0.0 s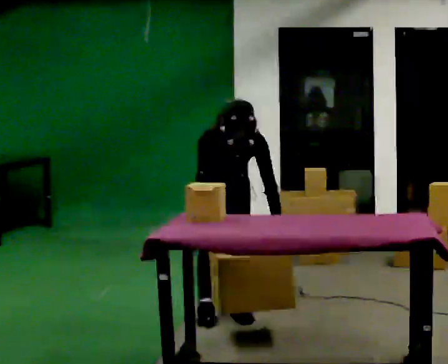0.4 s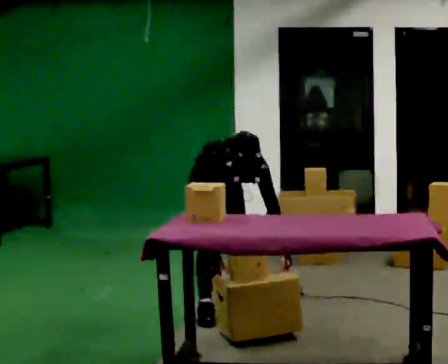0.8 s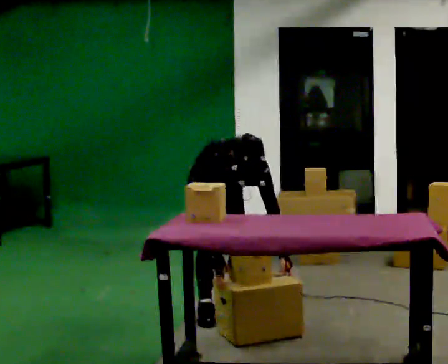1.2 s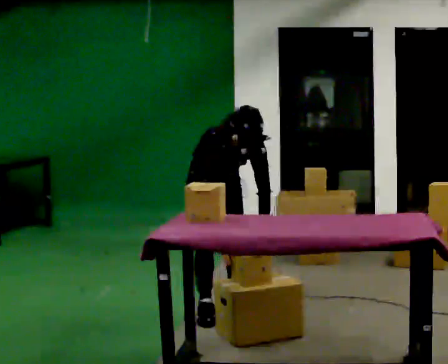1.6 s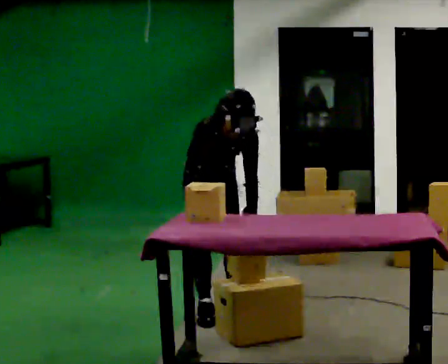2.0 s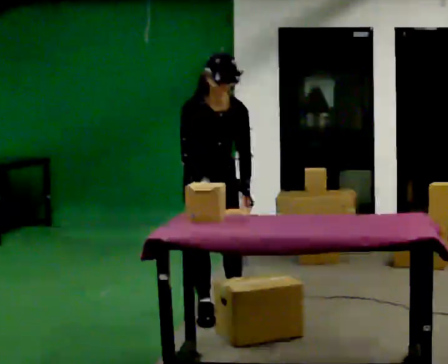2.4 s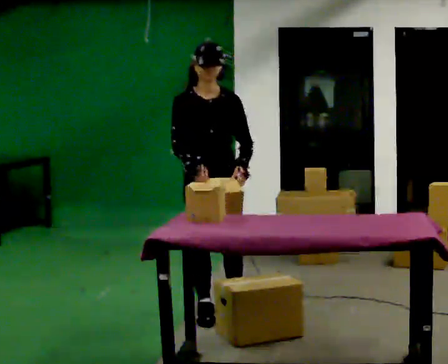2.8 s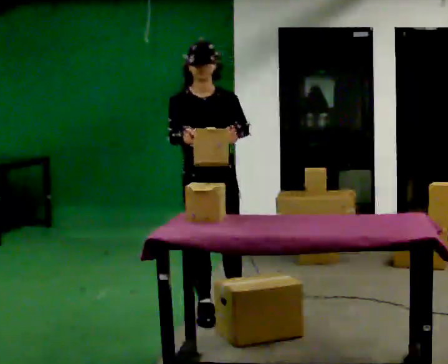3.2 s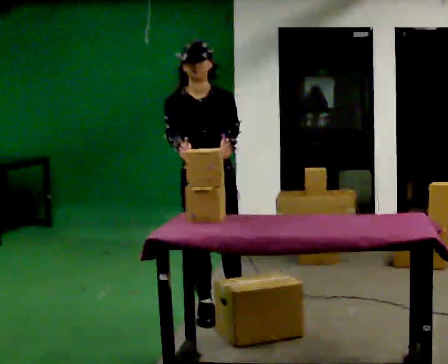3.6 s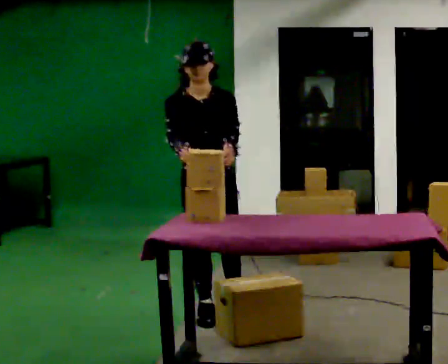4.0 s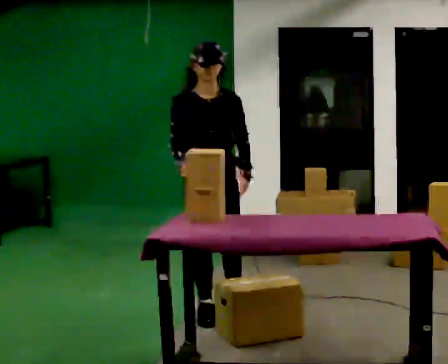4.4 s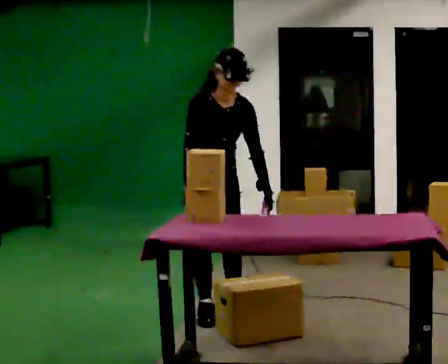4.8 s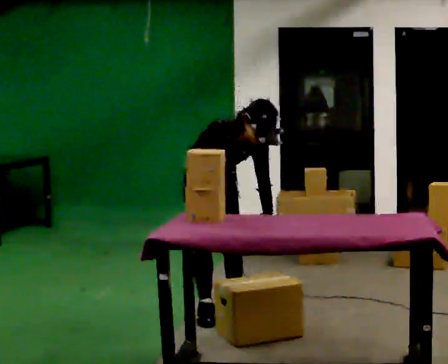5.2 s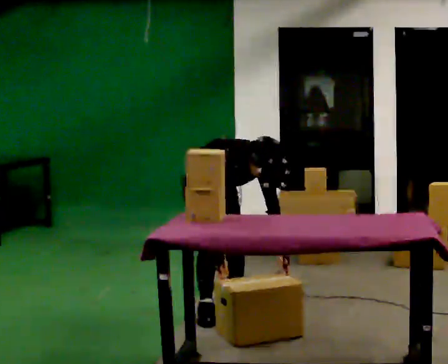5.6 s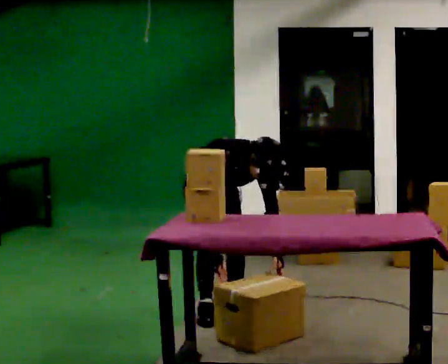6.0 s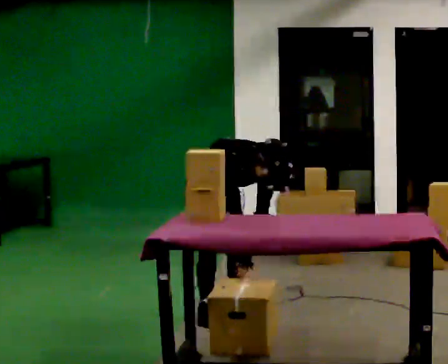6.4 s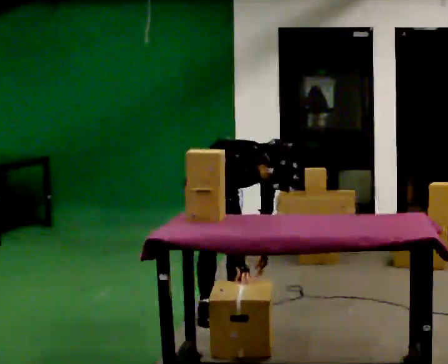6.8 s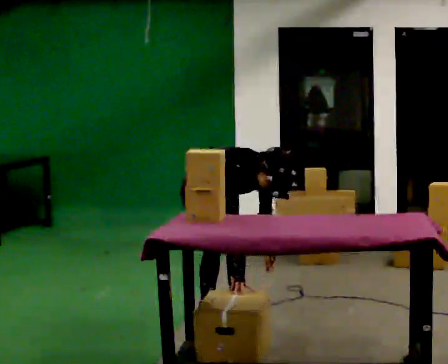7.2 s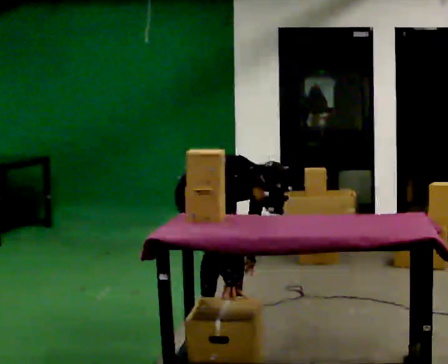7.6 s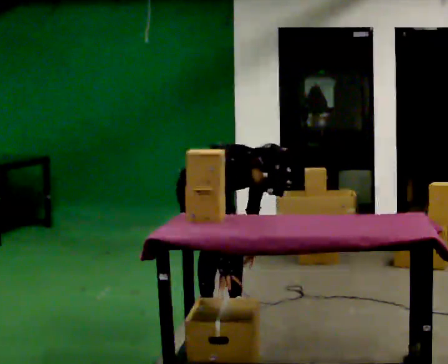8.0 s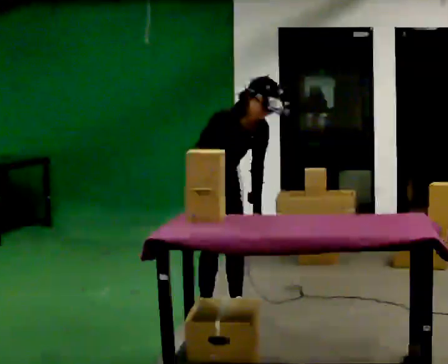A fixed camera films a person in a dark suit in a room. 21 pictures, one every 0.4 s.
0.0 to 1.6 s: The person moves a little, or ends about where they began.
1.6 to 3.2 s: In the picture they go toward the camera, about 0.25 m, which for them is forward. The shoulders move upward. The upper body tips away from the camera, its near side rolling upward, as they lean back or straighten. In the picture their left hand goes upward.
3.2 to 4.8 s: In the picture they go away from the camera, about 0.25 m, which for them is backward. The shoulders move downward. In the picture the upper body tilts clockwise, shoulders to the right, as they bend forward. In the picture their left hand goes downward.
4.8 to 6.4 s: In the picture the upper body tilts clockwise, shoulders to the right, as they bend forward.
6.4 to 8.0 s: The person moves a little, or ends about where they began.
The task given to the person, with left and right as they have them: 1. Take everything out of the crates by the door. 2. Put the small items on the middle shelf. 3. Put the large items on the bottom shelf. 4. Stack the empty crates by the door. 5. Tell the operator when you are finished.
The film runs forward here.
